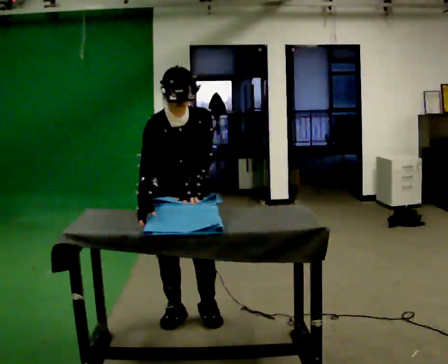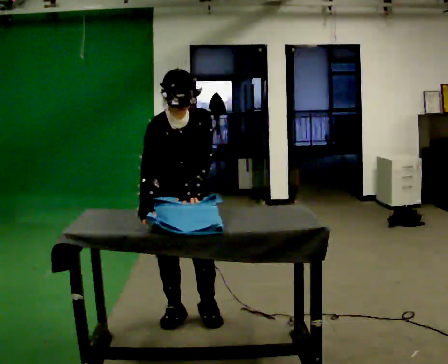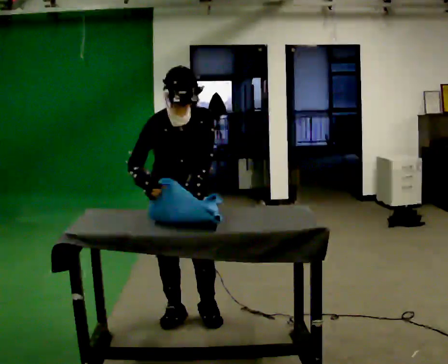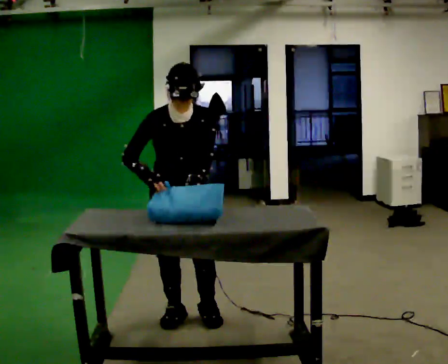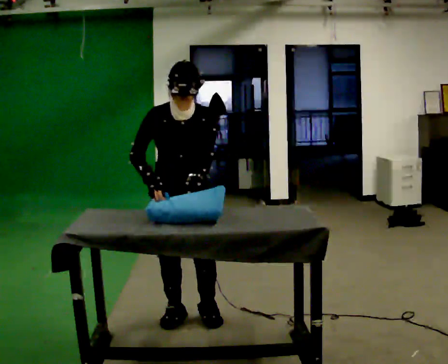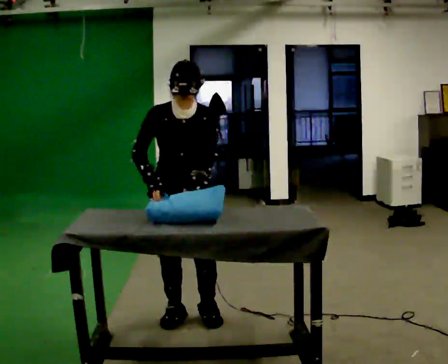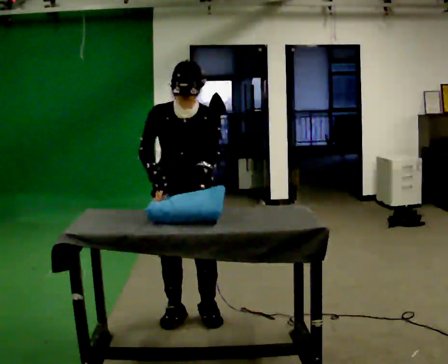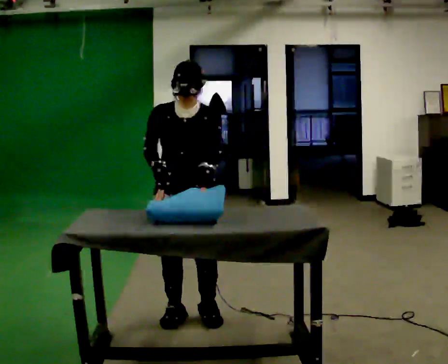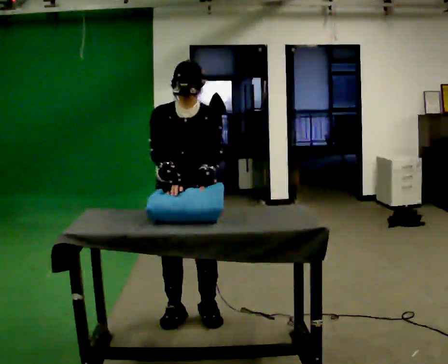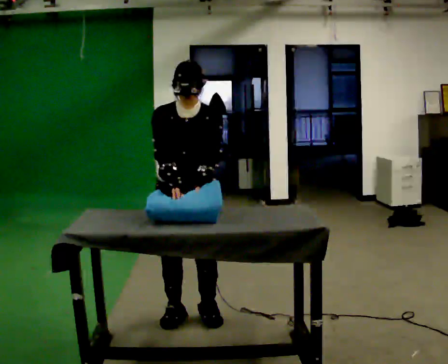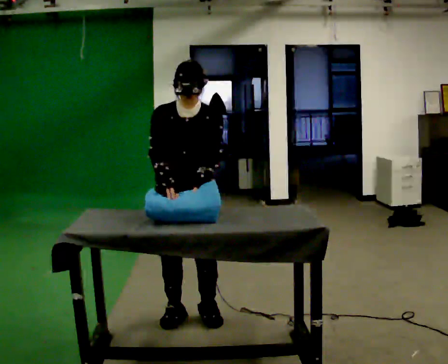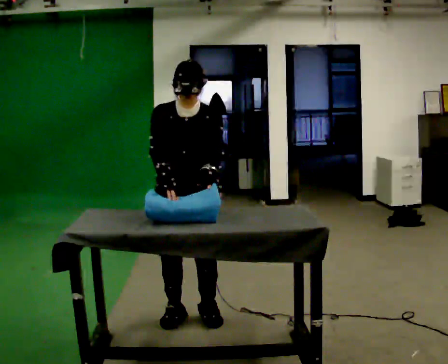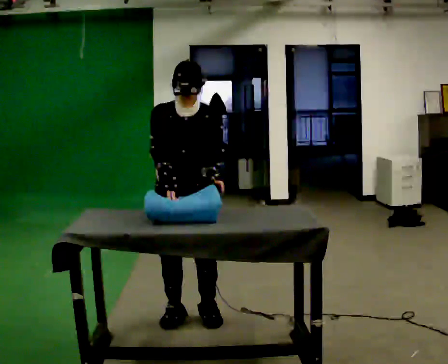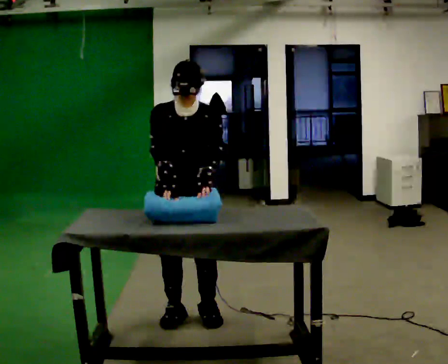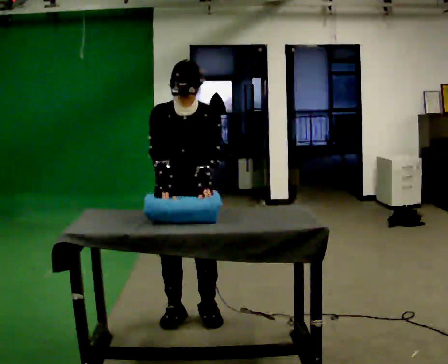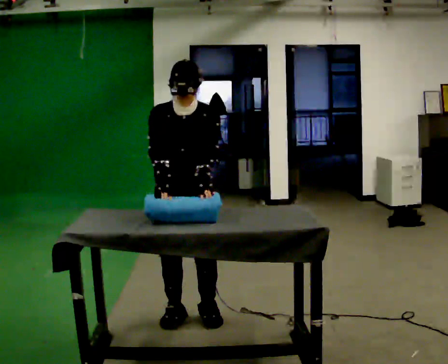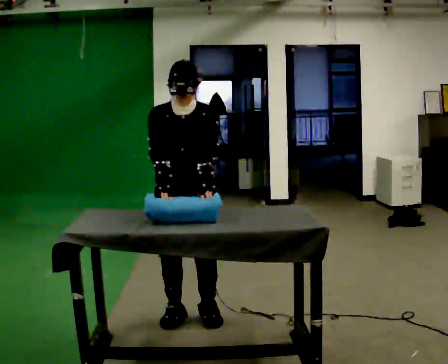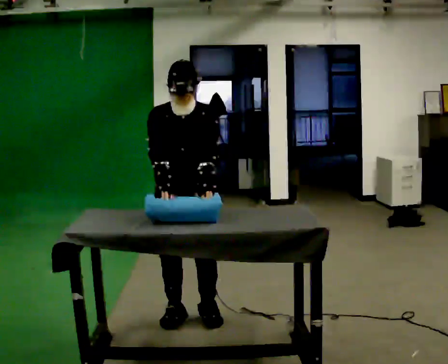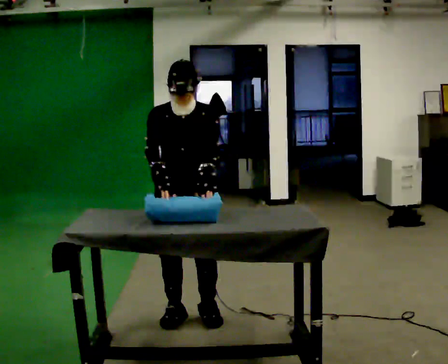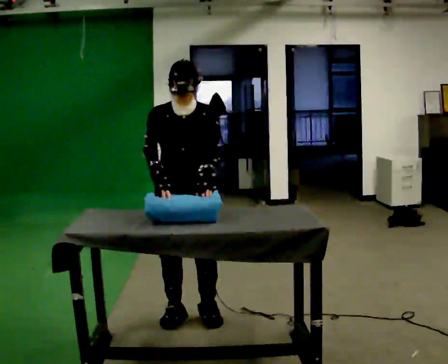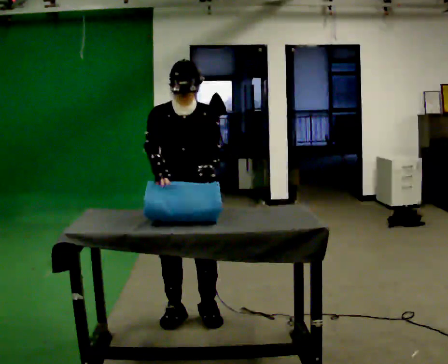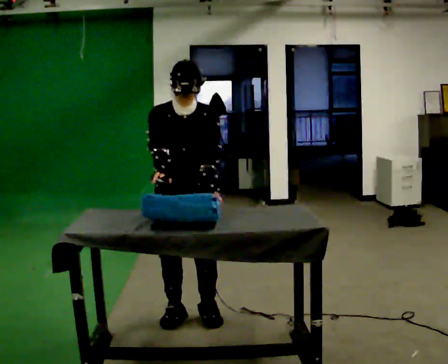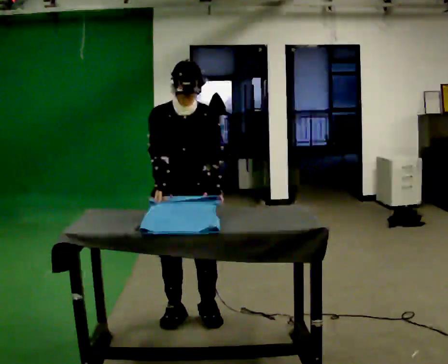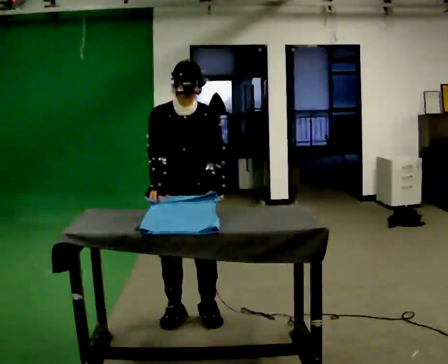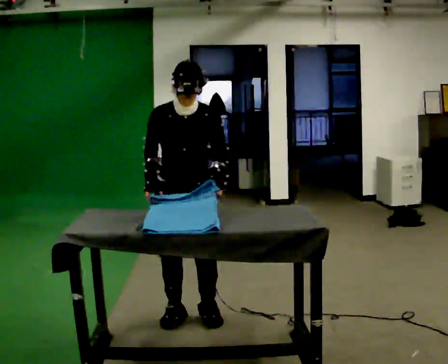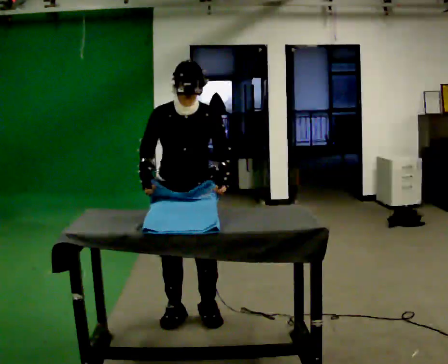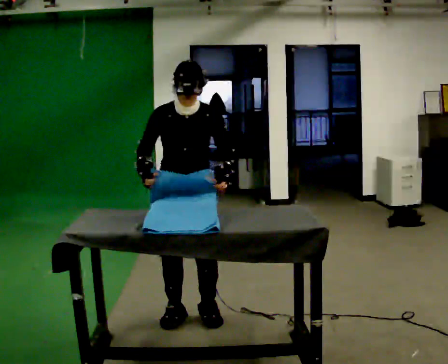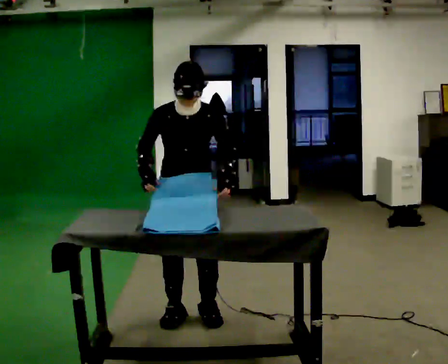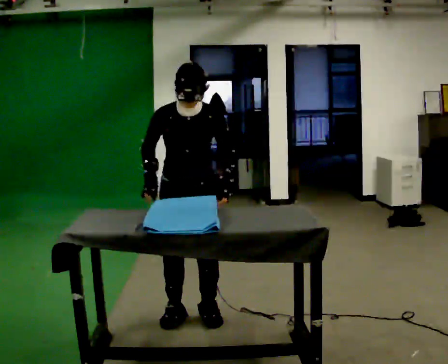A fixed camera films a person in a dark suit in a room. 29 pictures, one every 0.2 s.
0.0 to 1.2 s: The upper body tips away from the camera, its near side rolling upward, as they lean back or straighten.
1.2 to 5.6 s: The person moves a little, or ends about where they began.
The film runs forward here.
